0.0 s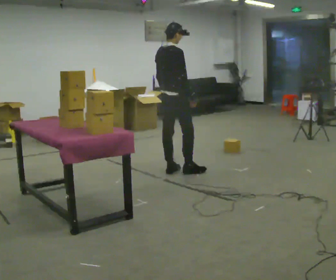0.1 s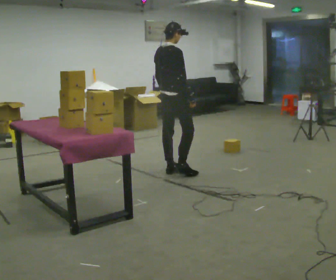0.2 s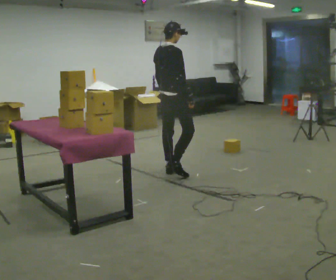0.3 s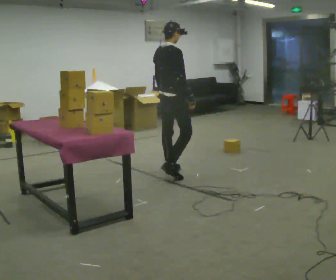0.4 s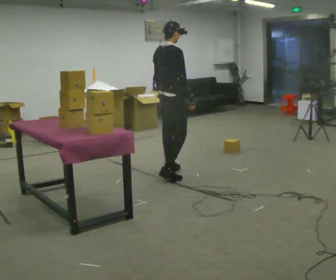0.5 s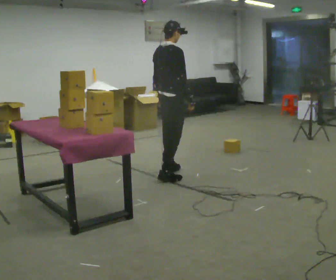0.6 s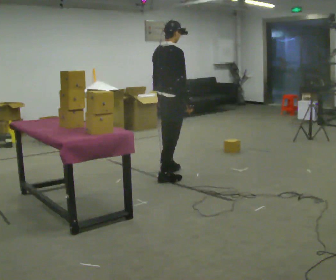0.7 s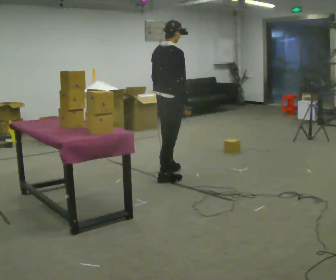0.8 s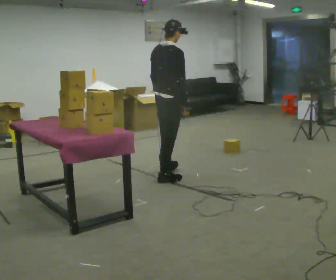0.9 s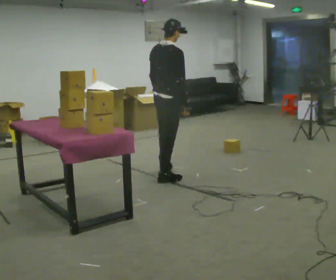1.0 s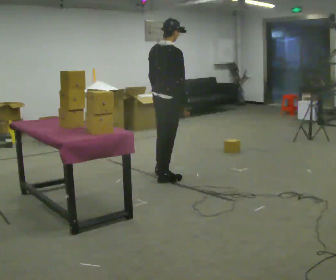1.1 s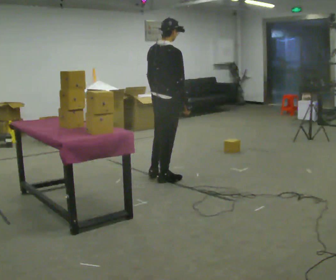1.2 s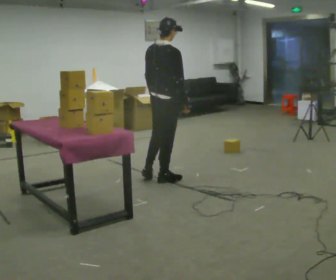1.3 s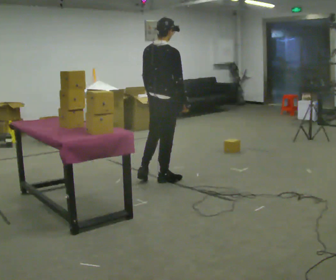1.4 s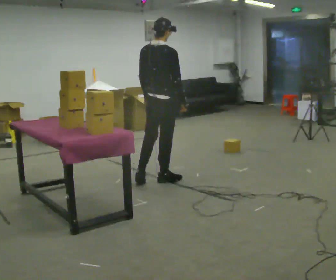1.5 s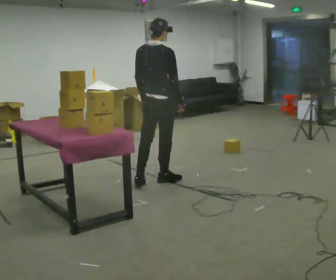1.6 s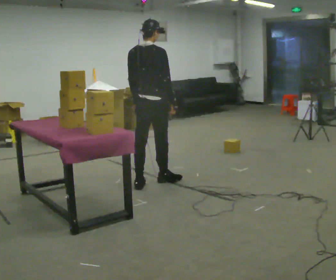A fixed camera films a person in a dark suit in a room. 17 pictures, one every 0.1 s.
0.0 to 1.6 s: Seen from above the body turns counterclockwise, about 30 degrees: to their left, with its near side sliding to the right. In the picture they go toward the camera and to the left, about 0.5 m in 1 step, which for them is backward and to their right.
The film runs backward here.
